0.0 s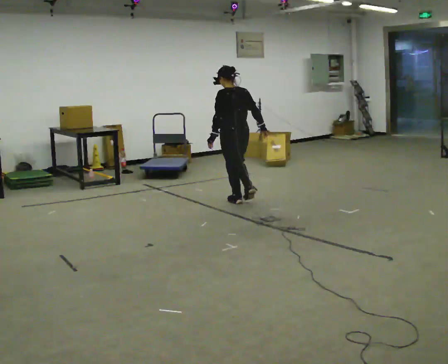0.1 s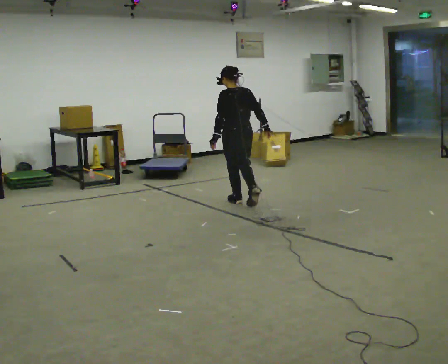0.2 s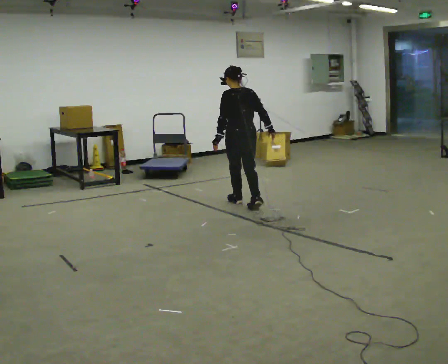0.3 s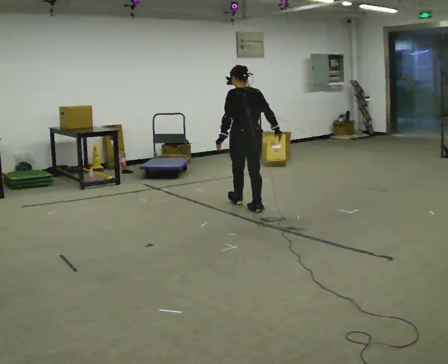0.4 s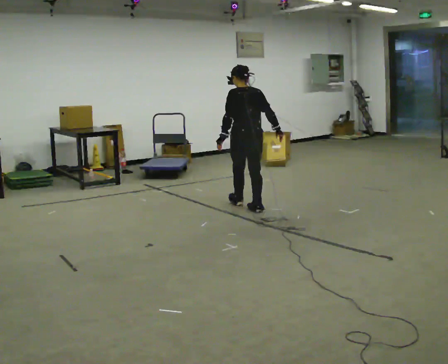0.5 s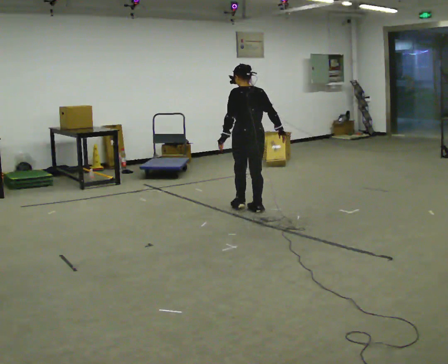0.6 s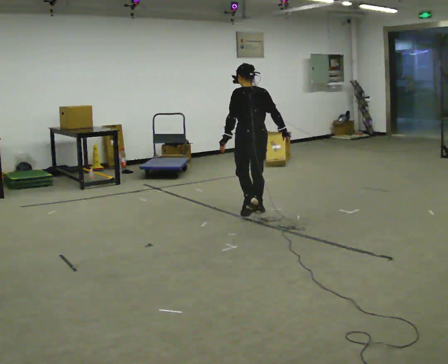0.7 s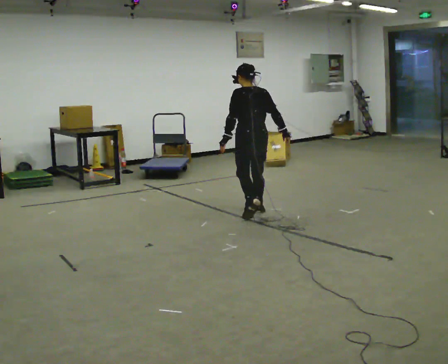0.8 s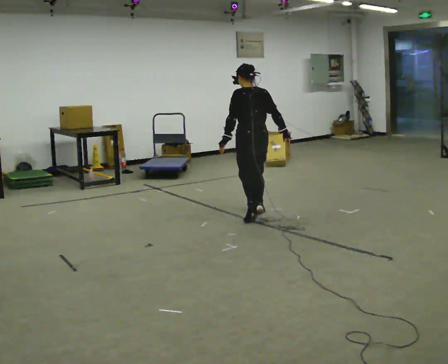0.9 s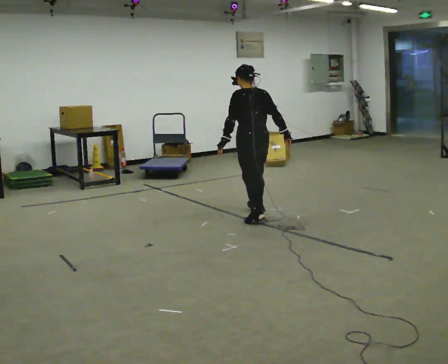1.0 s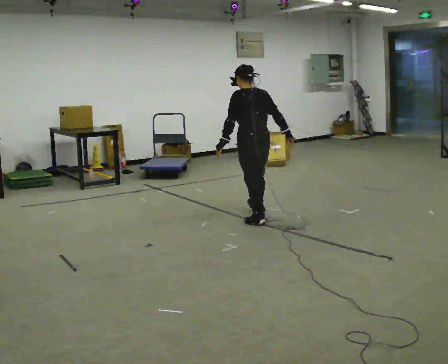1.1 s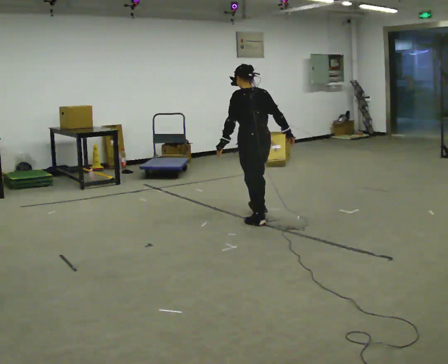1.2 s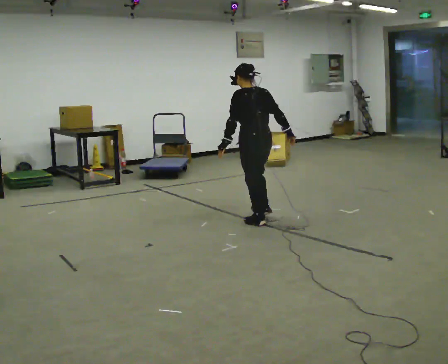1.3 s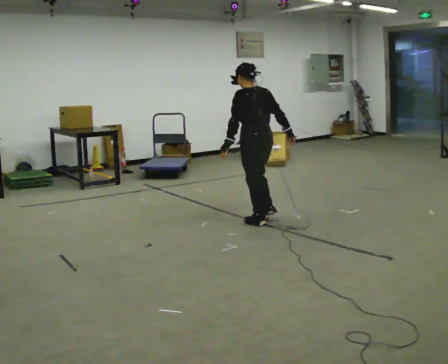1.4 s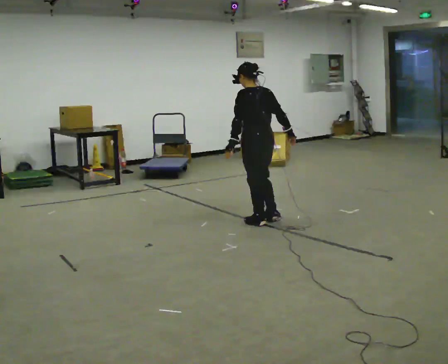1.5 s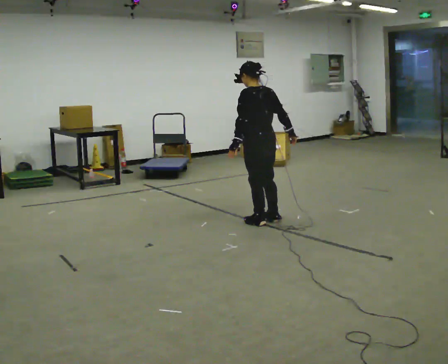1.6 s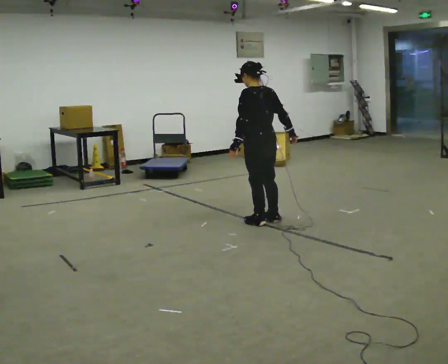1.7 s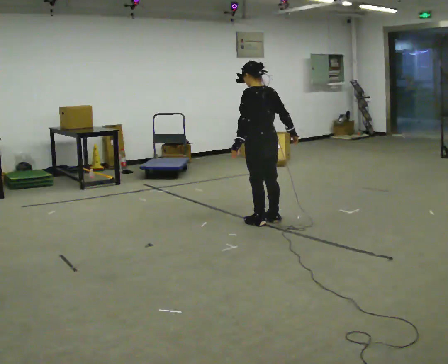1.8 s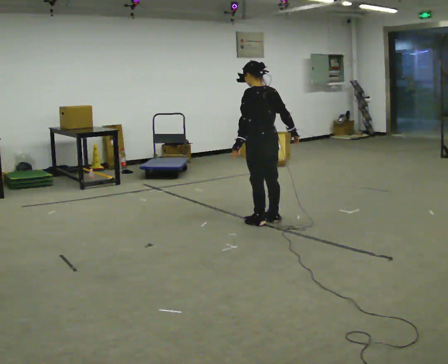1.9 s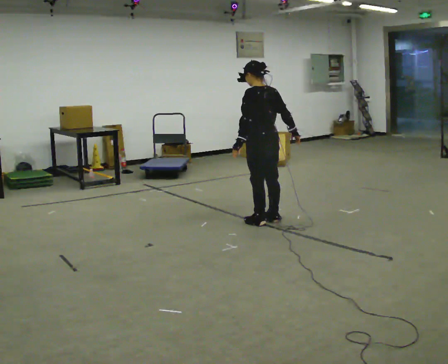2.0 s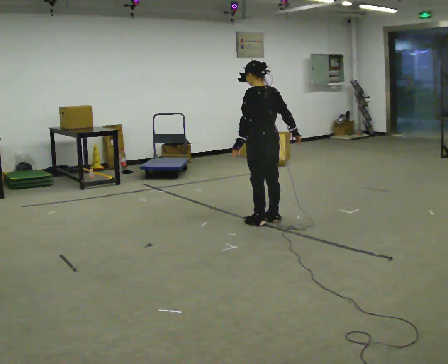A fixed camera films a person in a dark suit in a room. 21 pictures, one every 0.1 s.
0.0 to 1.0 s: In the picture they go toward the camera, about 0.75 m in 1 step, which for them is backward.
1.0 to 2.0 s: In the picture they go toward the camera, about 0.25 m in 1 step, which for them is backward.
The film runs backward here.
